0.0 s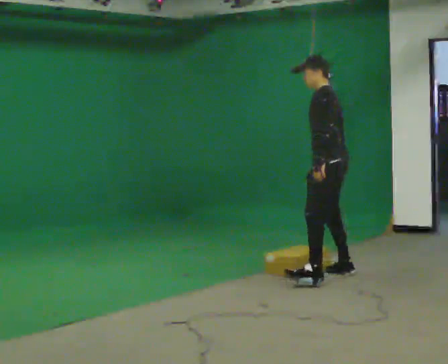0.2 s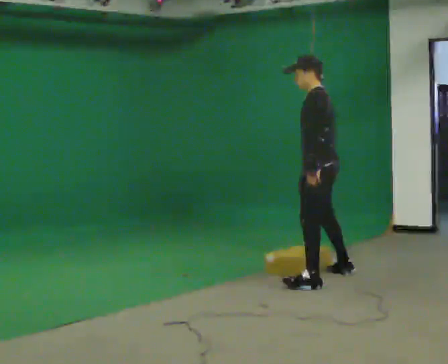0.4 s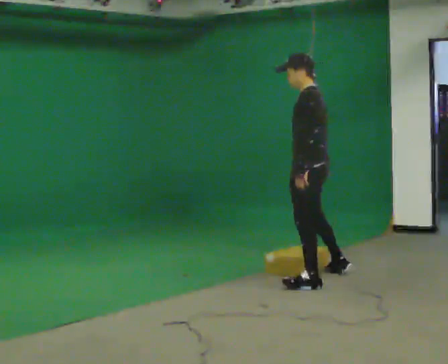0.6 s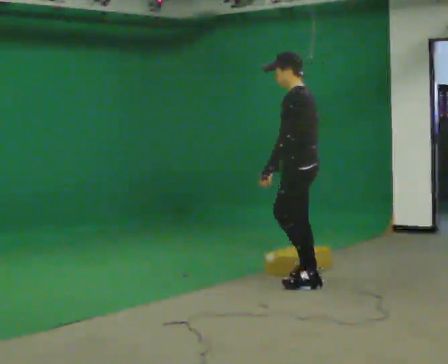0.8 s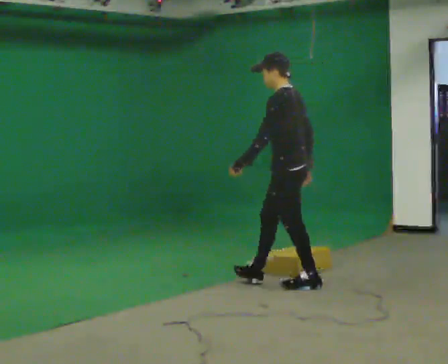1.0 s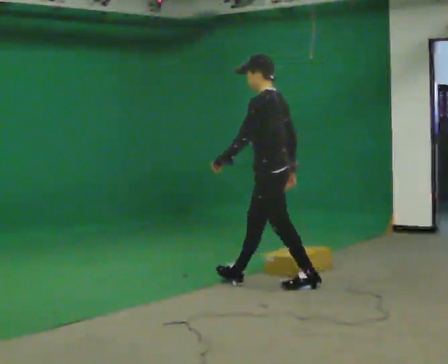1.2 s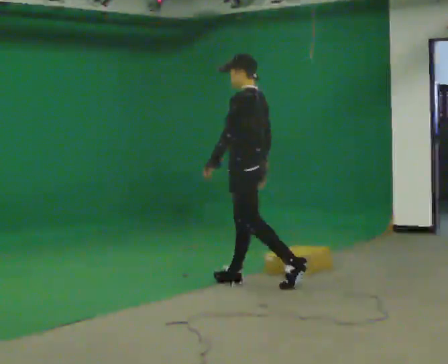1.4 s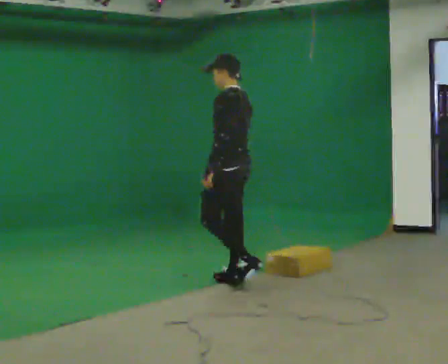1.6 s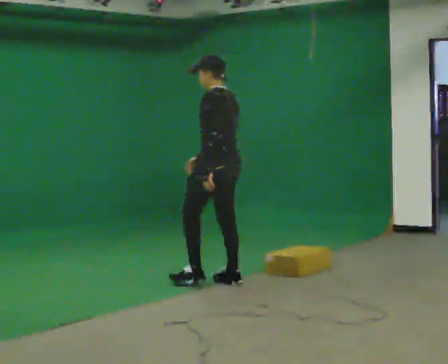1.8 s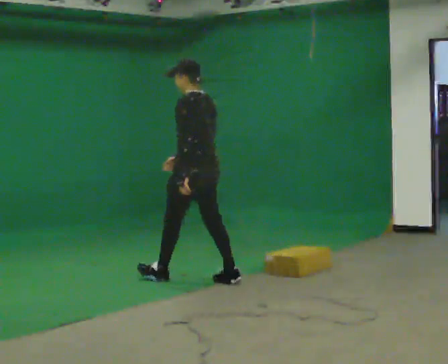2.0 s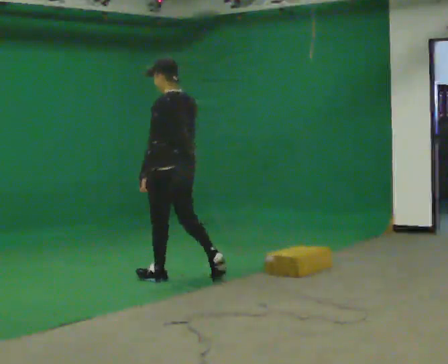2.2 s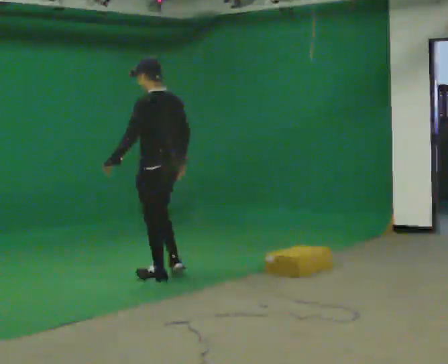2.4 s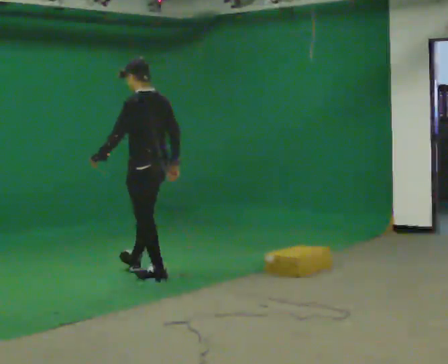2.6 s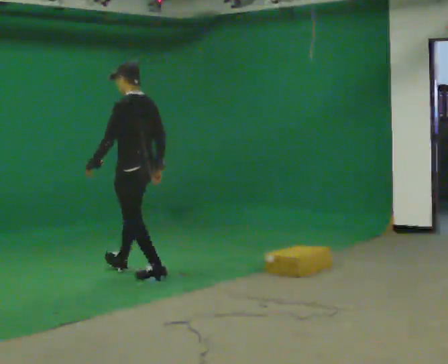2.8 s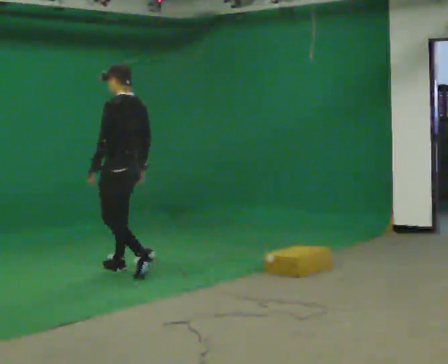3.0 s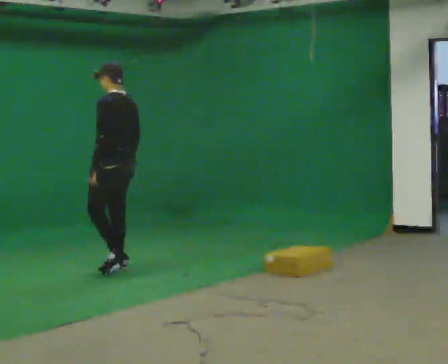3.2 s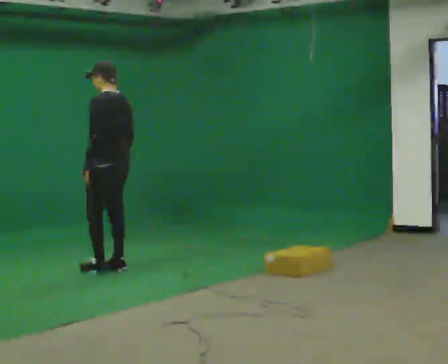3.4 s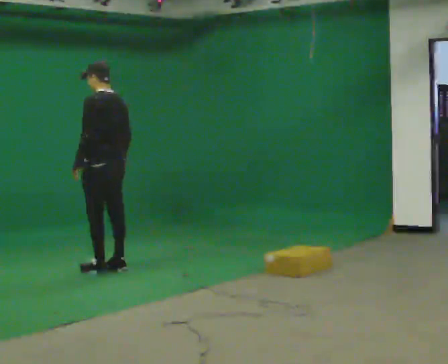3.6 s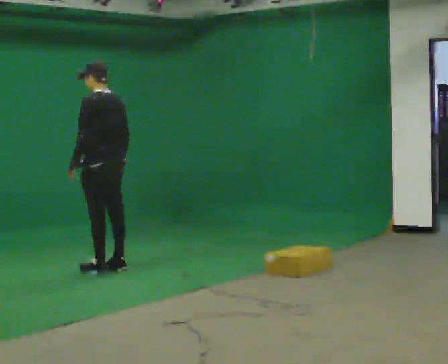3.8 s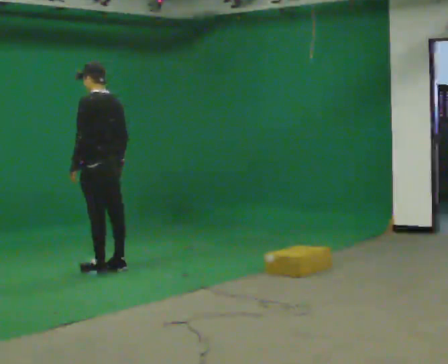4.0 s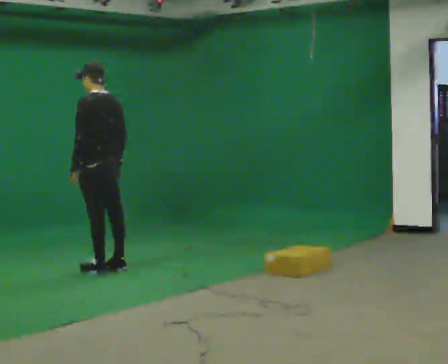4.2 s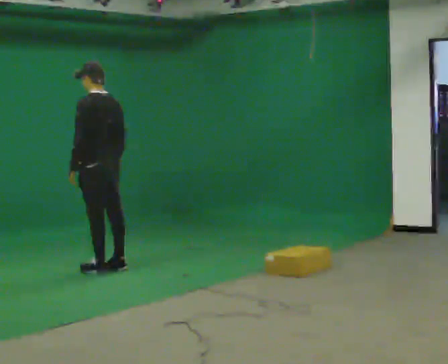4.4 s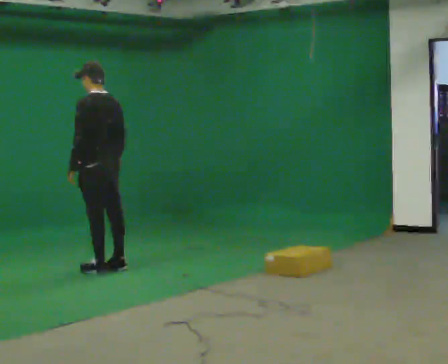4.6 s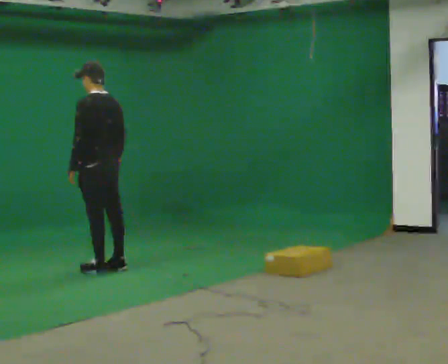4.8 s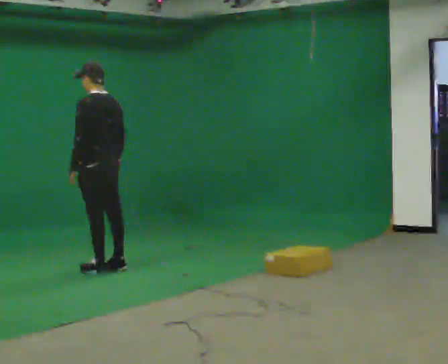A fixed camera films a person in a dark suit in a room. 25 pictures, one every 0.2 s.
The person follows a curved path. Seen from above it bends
clockwise.
The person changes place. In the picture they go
to the left.
0.0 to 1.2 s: In the picture they go to the left, about 0.75 m in 2 steps, which for them is forward and to their left.
1.2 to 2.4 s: In the picture they go to the left and away from the camera, about 1 m in 1 step, which for them is forward.
2.4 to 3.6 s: In the picture they go to the left and away from the camera, about 0.5 m in 2 steps, which for them is forward.
3.6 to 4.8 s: The person moves a little, or ends about where they began.
The film runs forward here.
